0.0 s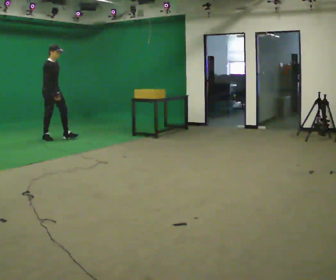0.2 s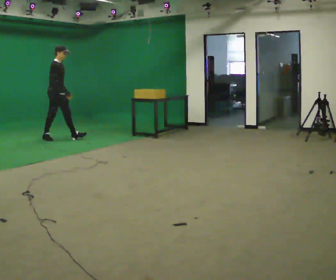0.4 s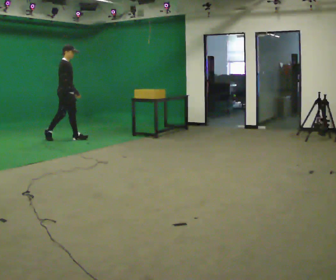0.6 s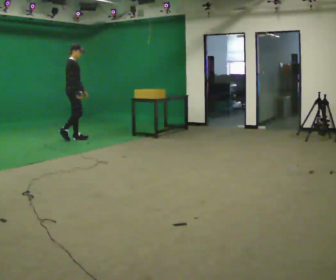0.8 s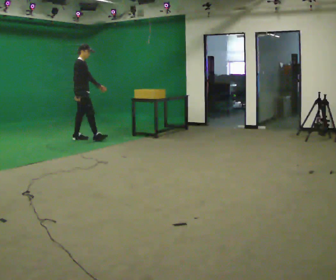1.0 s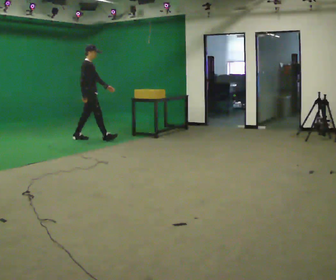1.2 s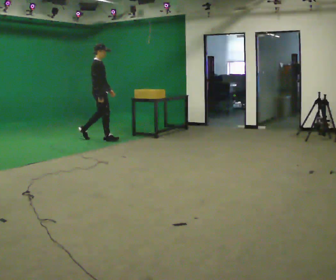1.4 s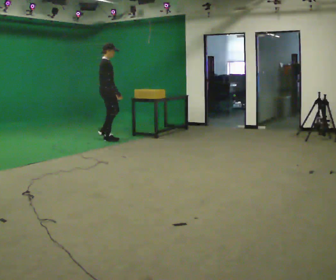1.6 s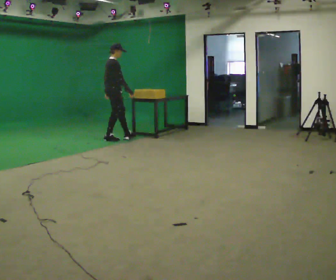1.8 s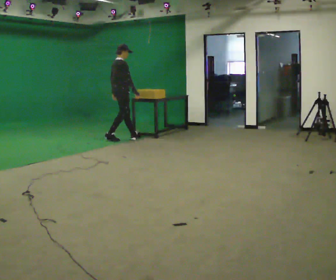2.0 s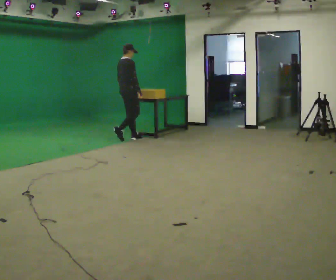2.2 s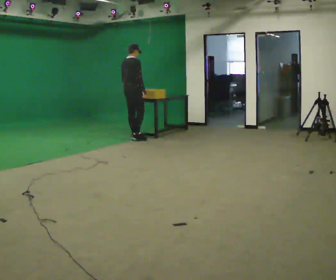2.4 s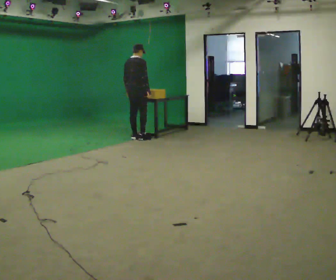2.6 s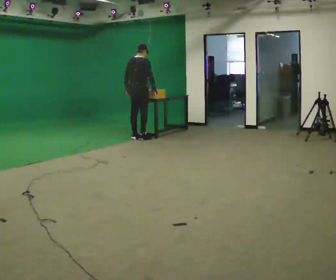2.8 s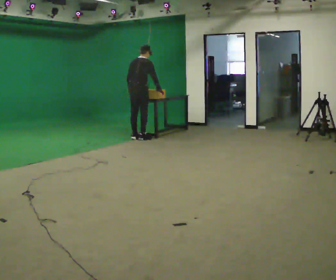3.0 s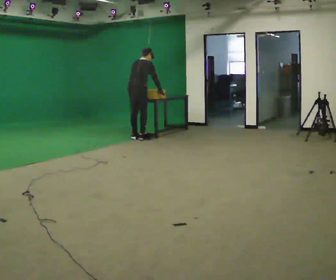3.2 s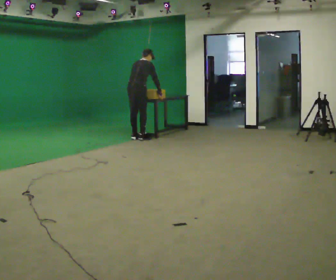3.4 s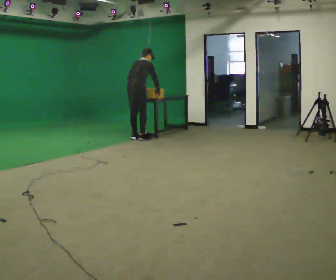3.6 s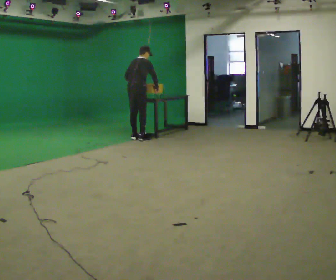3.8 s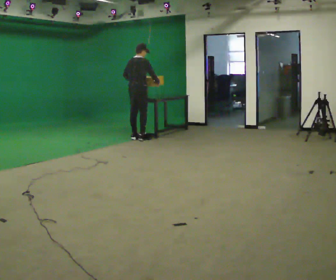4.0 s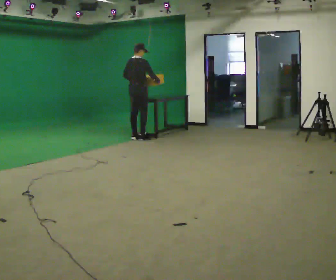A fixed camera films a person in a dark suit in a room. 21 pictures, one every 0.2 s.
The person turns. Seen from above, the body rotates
counterclockwise.
The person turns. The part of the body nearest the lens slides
to the right.
0.0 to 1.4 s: The person turns about 30 degrees to their left, counterclockwise seen from above, so the part of the body nearest the lens slides to the right. In the picture they go to the right, about 1 m in 2 steps, which for them is forward.
1.4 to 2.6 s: Seen from above the body turns counterclockwise, about 45 degrees: to their left, with its near side sliding to the right. In the picture they go to the right, about 0.5 m in 2 steps, which for them is forward.
2.6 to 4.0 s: The person moves a little, or ends about where they began.
The film runs forward here.
